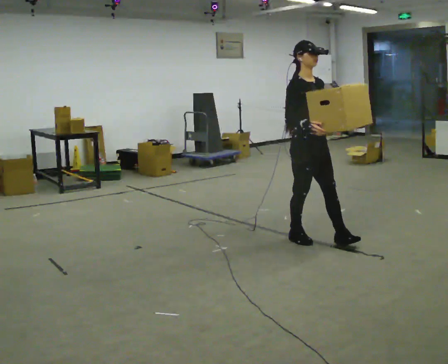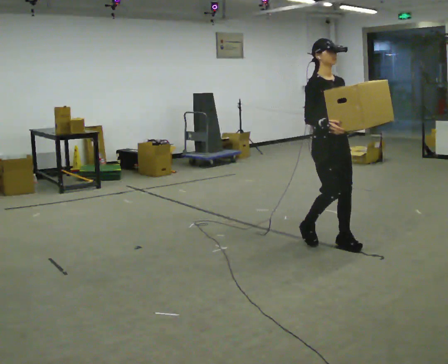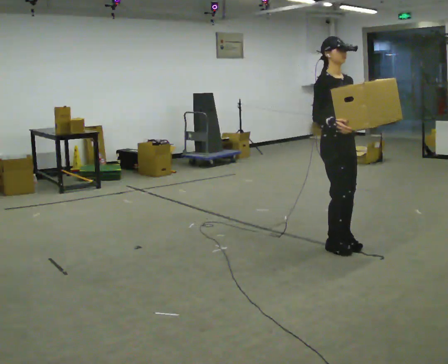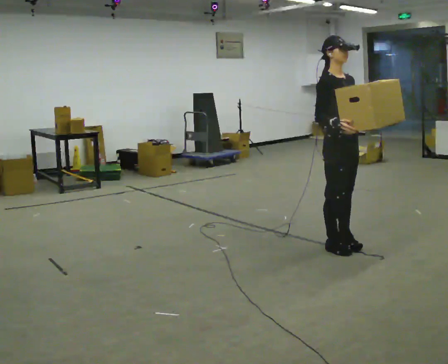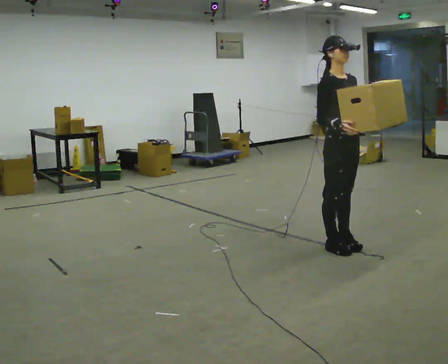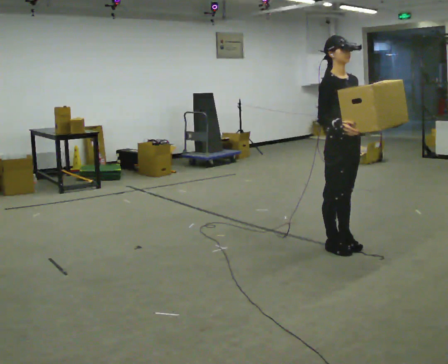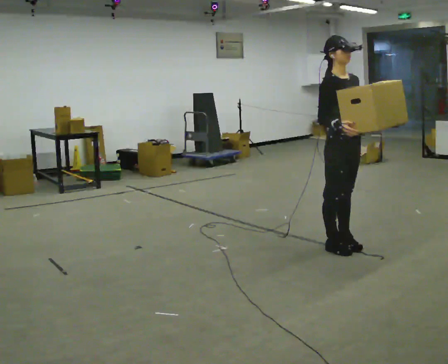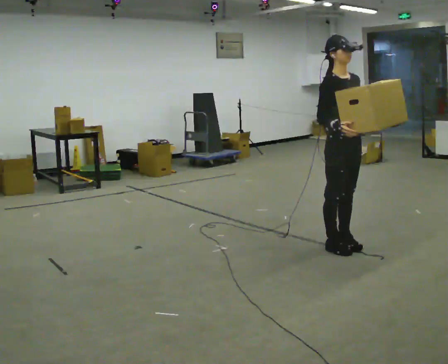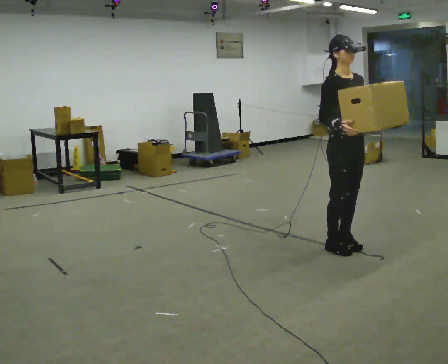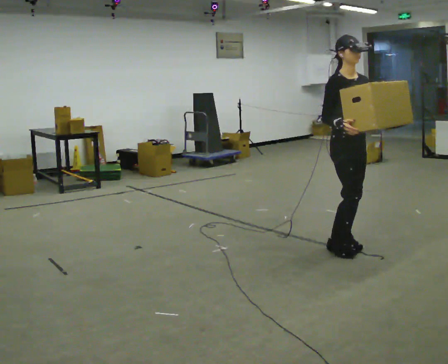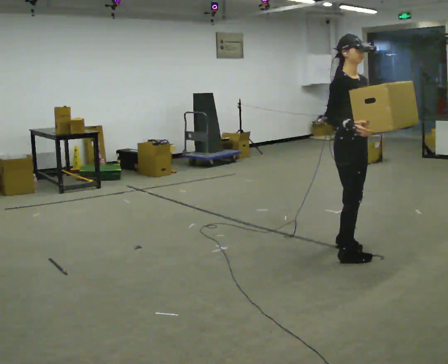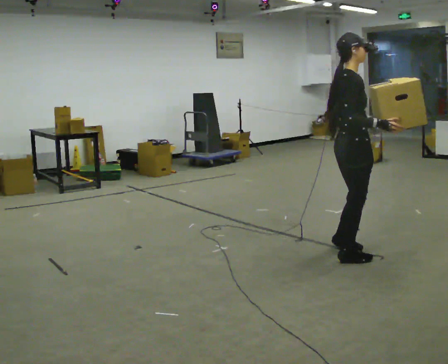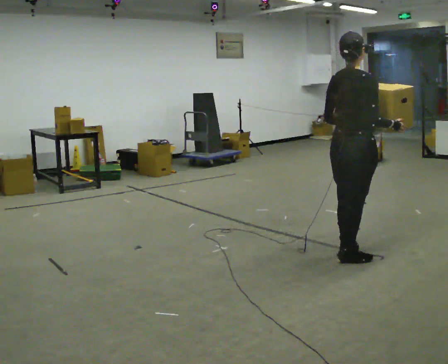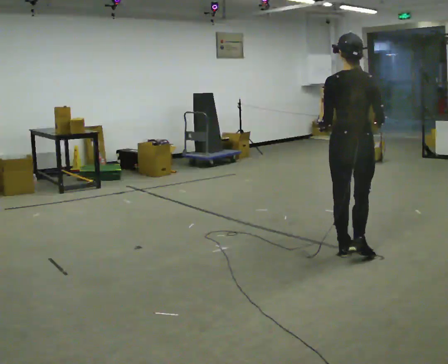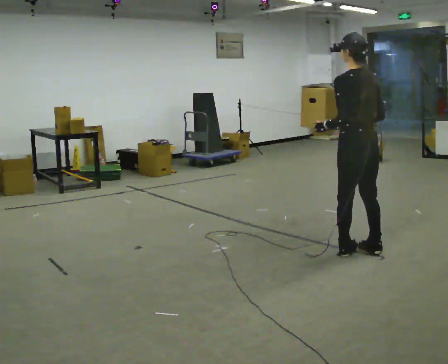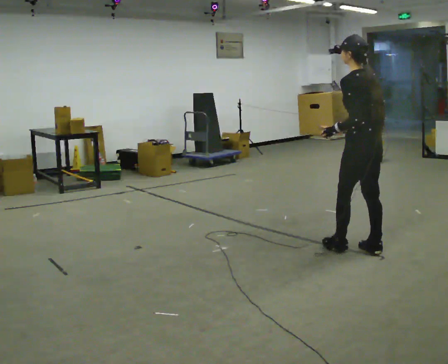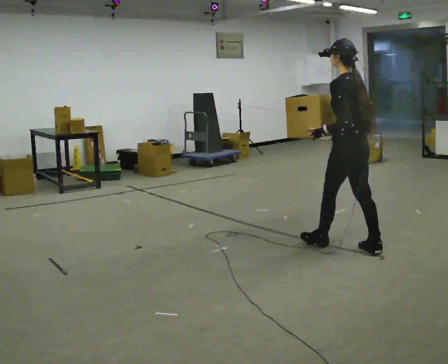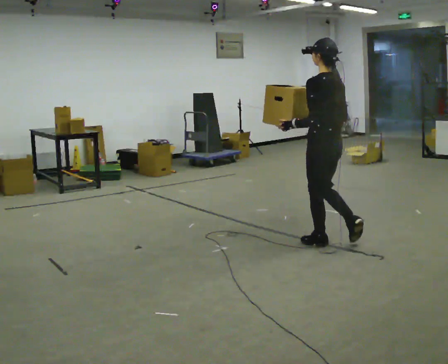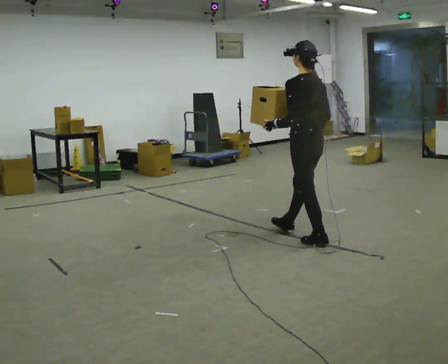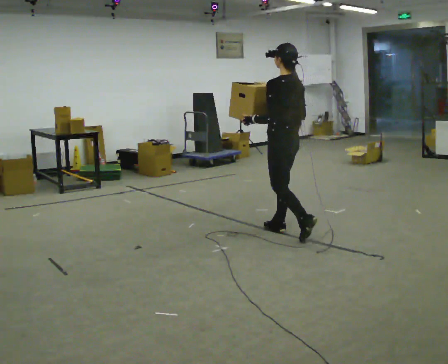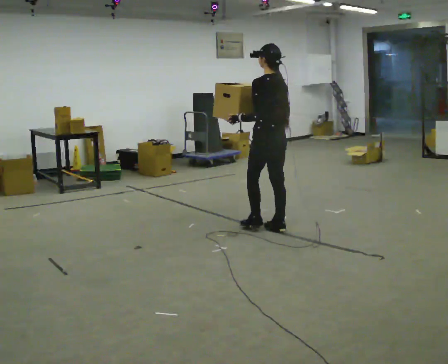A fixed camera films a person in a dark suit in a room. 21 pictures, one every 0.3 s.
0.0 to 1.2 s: In the picture they go to the right and toward the camera, about 0.25 m in 2 steps, which for them is forward.
1.2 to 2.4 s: The person moves a little, or ends about where they began.
2.4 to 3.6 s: The person turns about 105 degrees to their left, counterclockwise seen from above, so the part of the body nearest the lens slides to the right. In the picture they go toward the camera, about 0.25 m in 2 steps. In the picture their right hand goes to the right.
3.6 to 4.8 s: The person turns about 90 degrees to their left, counterclockwise seen from above, so the part of the body nearest the lens slides to the right. In the picture they go away from the camera, about 0.25 m in 2 steps.
4.8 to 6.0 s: In the picture they go to the left and away from the camera, about 1 m in 1 step, which for them is forward.
The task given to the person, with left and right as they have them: Carry the box across the room, back and forth. The operator will swap between the box with handles and the one without.
The film runs forward here.
